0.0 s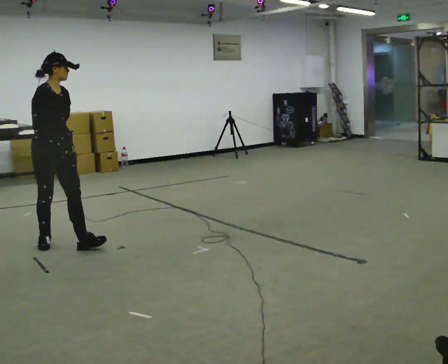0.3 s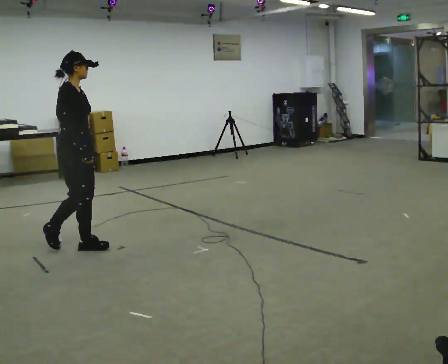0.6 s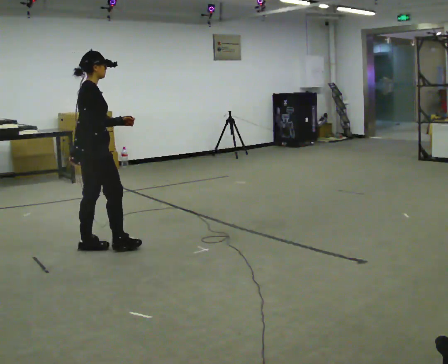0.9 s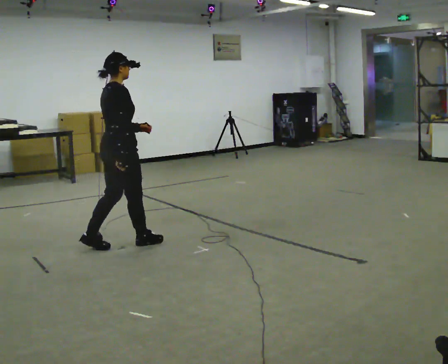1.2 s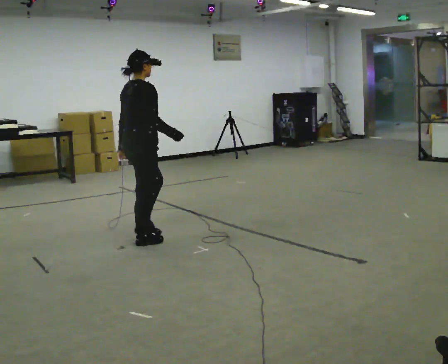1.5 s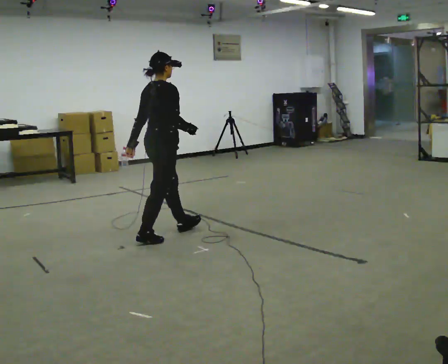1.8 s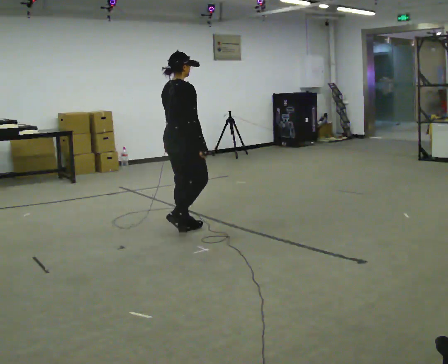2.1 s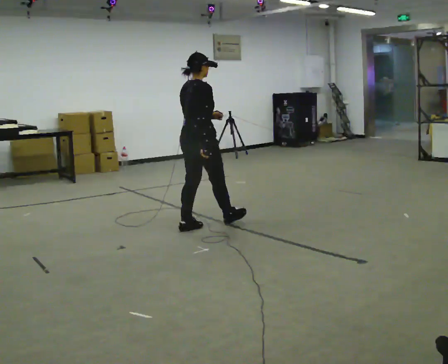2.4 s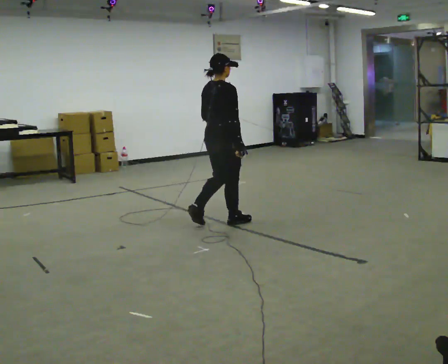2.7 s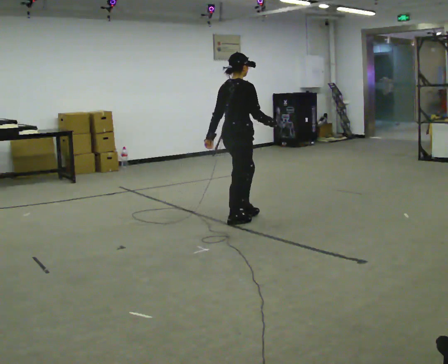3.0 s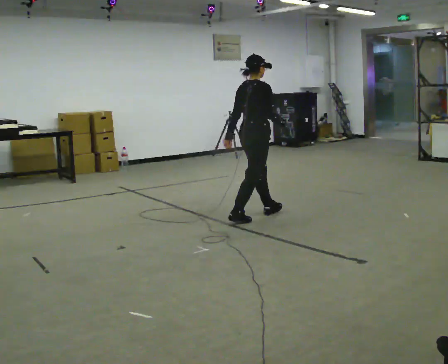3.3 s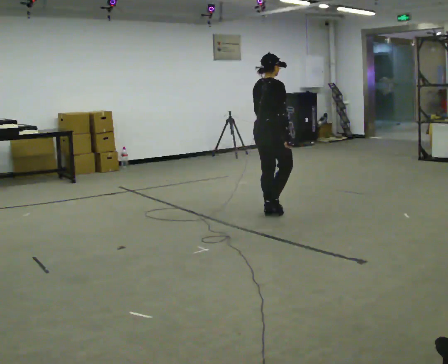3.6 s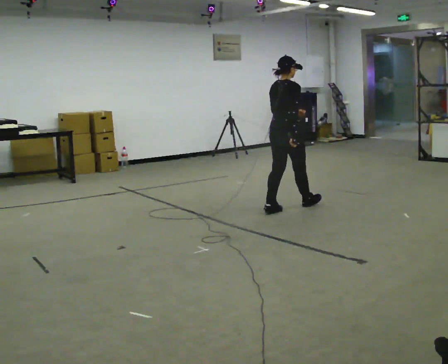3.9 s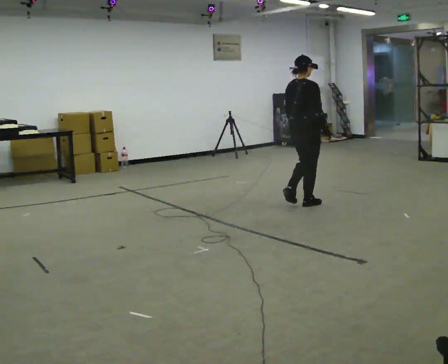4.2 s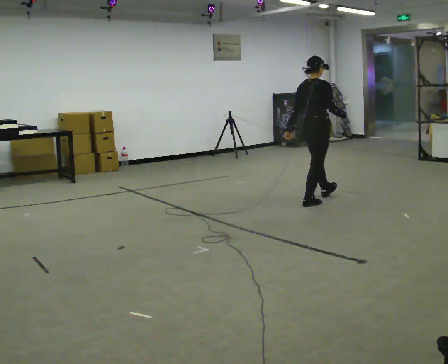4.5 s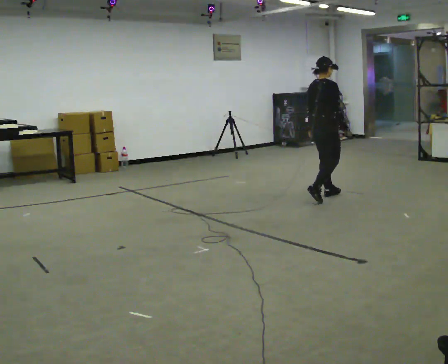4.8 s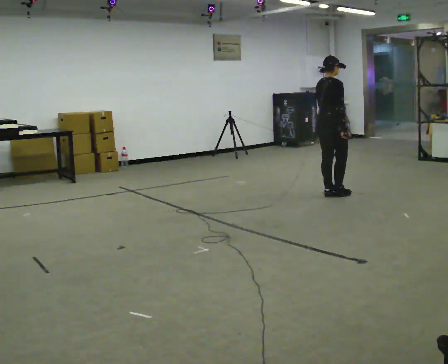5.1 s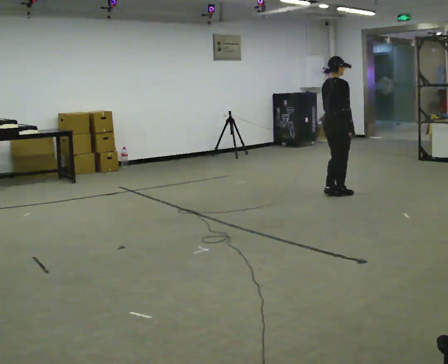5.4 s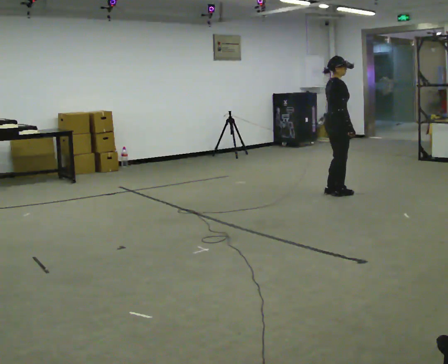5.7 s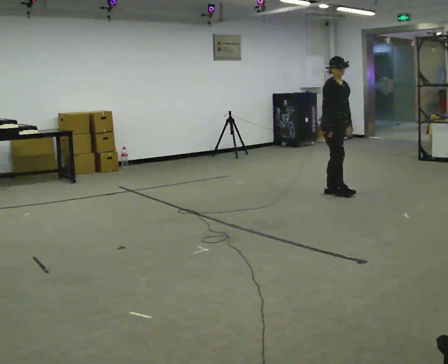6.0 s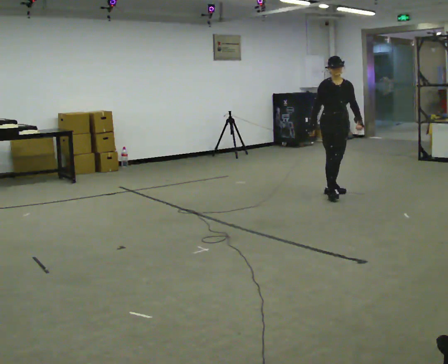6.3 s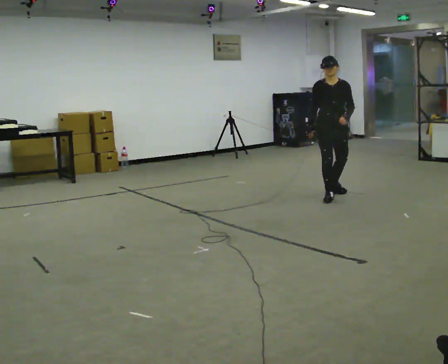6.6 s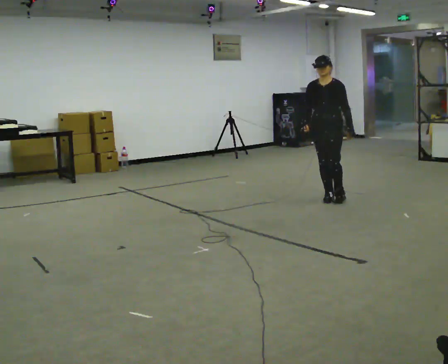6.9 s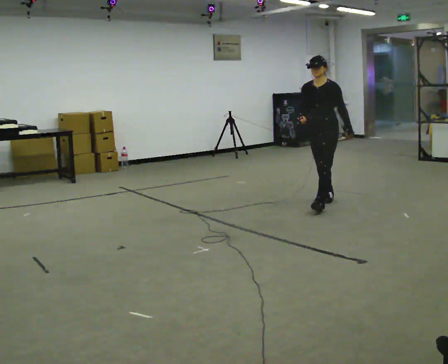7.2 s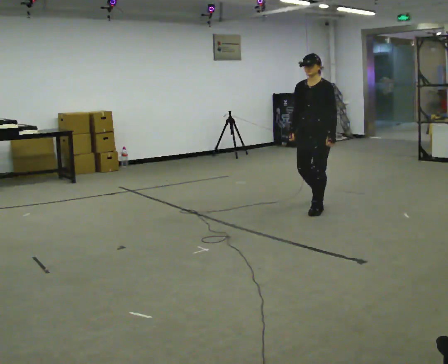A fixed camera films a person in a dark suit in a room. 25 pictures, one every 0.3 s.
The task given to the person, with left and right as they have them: Walk through 3–5 turns in sequence; keep moving; stop at end.
0.0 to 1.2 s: The part of the body nearest the lens slides to the right as the person turns to their left by about 60 degrees. In the picture they go to the right and away from the camera, about 0.75 m in 1 step.
1.2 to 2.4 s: In the picture they go to the right and away from the camera, about 1 m in 2 steps, which for them is forward.
2.4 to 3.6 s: In the picture they go to the right and away from the camera, about 1 m in 2 steps, which for them is forward.
3.6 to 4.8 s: In the picture they go away from the camera and to the right, about 0.5 m in 1 step, which for them is forward.
4.8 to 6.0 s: The person turns about 90 degrees to their right, clockwise seen from above, so the part of the body nearest the lens slides to the left.
6.0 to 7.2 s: The person turns about 60 degrees to their right, clockwise seen from above, so the part of the body nearest the lens slides to the left. In the picture they go toward the camera, about 1 m in 2 steps.
The film runs forward here.
